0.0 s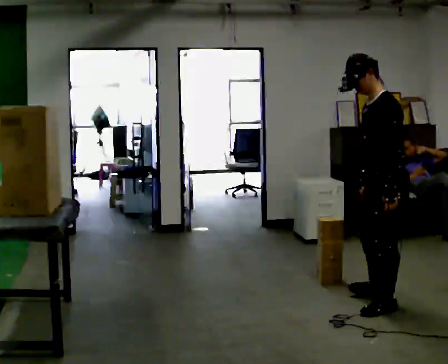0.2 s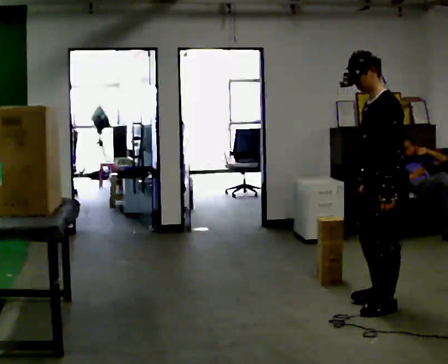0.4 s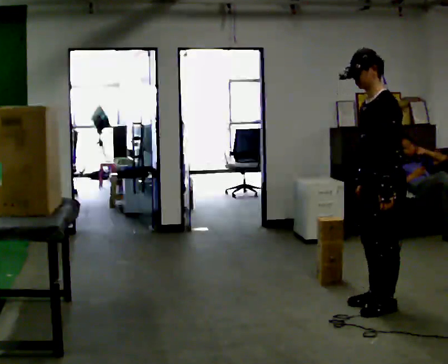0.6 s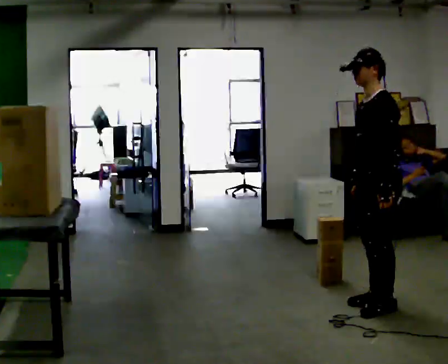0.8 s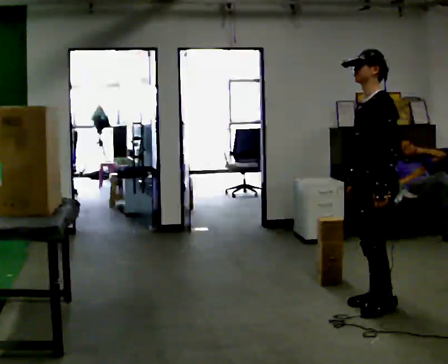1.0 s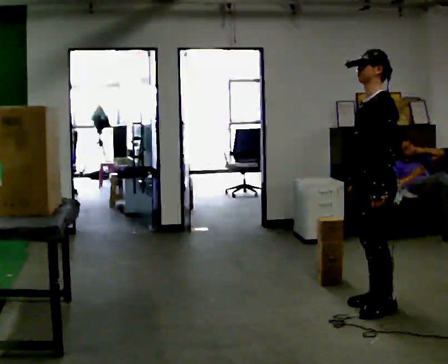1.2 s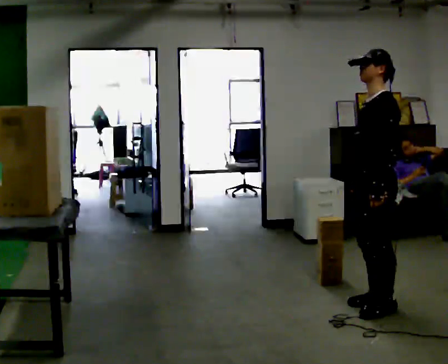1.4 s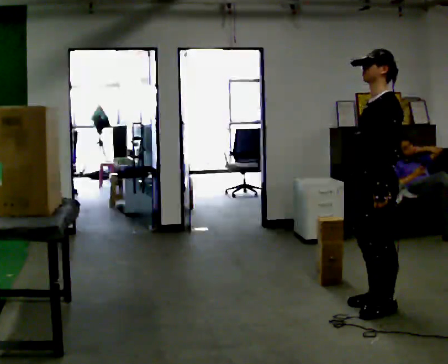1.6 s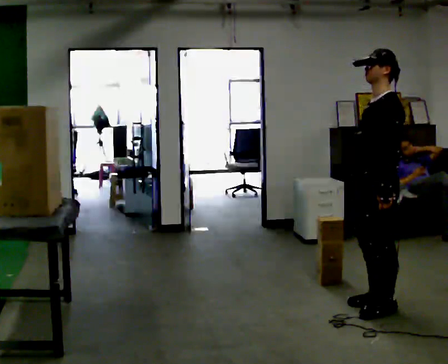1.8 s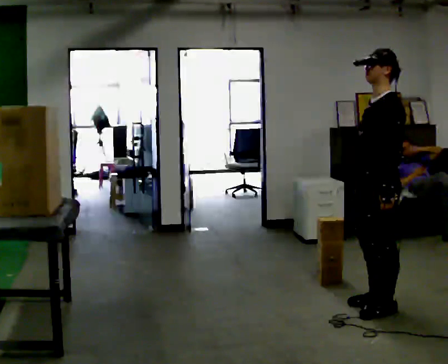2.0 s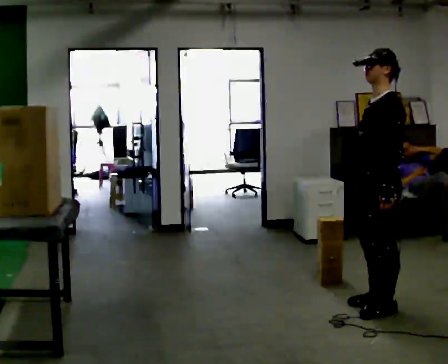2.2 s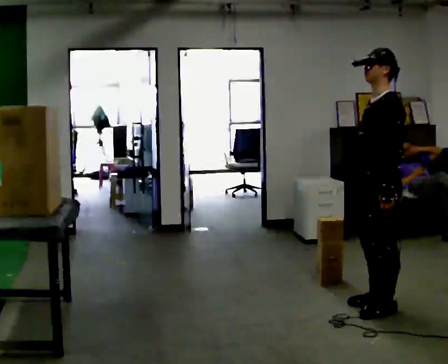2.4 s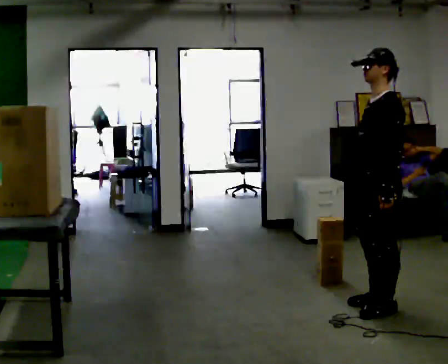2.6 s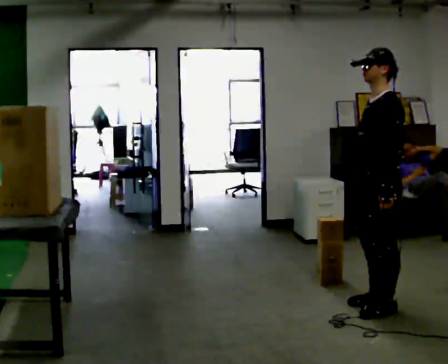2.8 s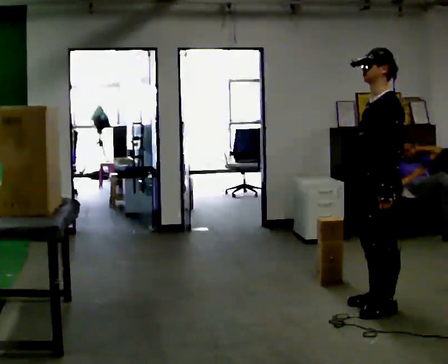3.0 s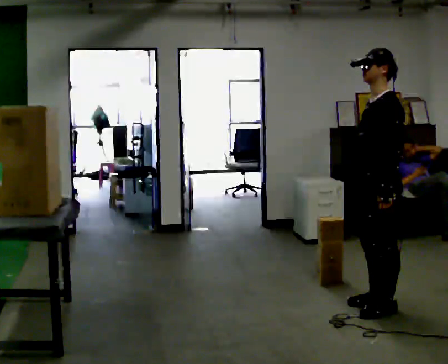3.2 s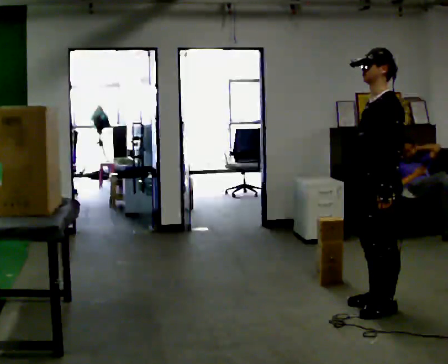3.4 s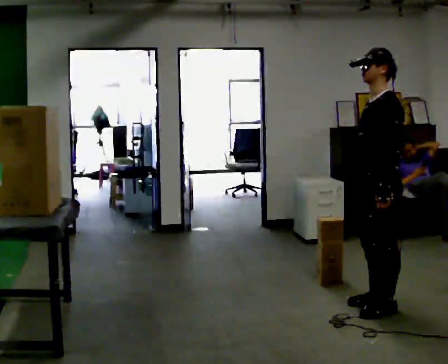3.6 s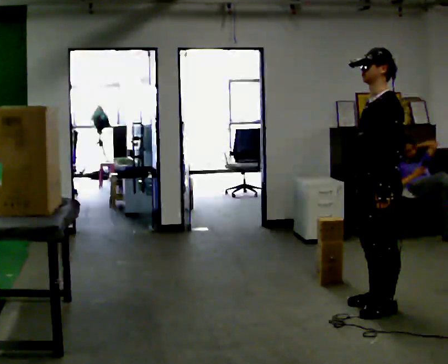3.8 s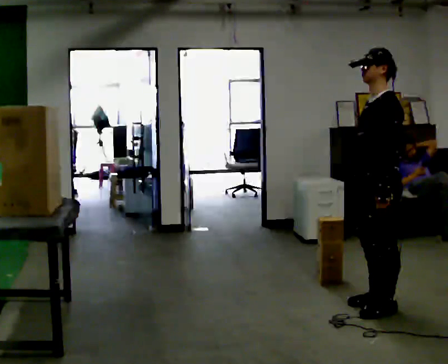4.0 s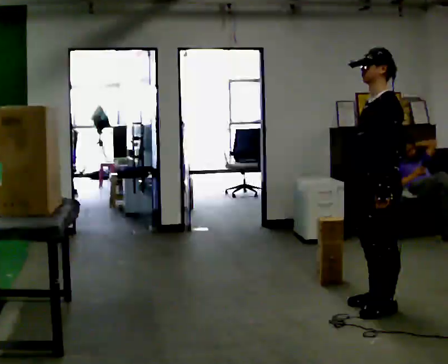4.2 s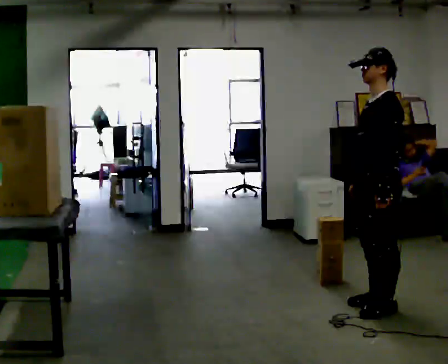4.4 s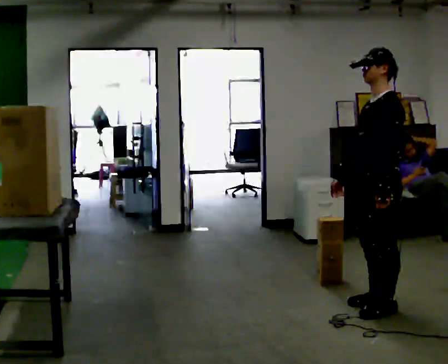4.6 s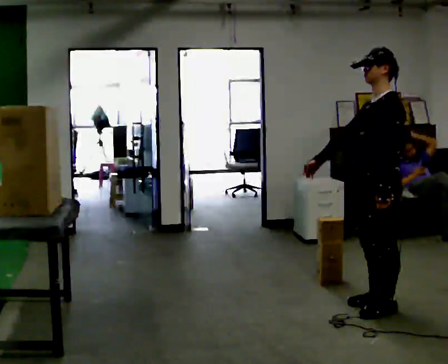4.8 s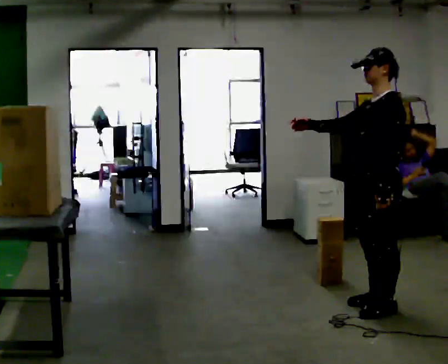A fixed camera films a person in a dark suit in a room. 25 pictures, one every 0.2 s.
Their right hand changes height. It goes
upward.
Their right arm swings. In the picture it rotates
clockwise.
0.0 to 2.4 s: The person moves a little, or ends about where they began.
2.4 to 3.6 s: The person keeps their place and pose.
3.6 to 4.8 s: In the picture their right hand goes upward and to the left, the arm swinging clockwise.
The film runs forward here.
